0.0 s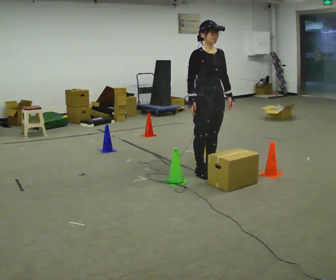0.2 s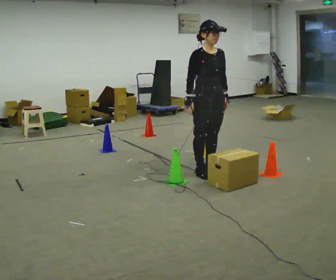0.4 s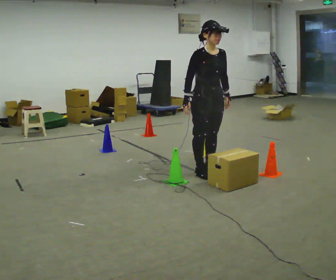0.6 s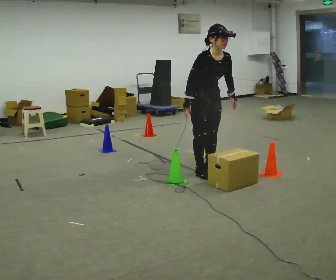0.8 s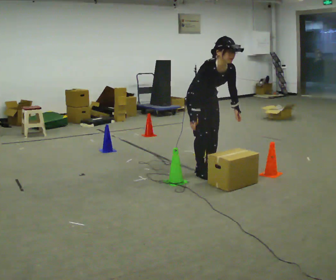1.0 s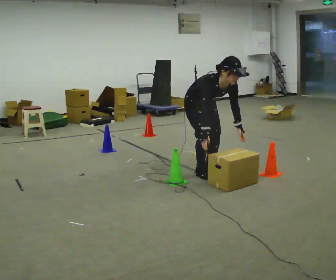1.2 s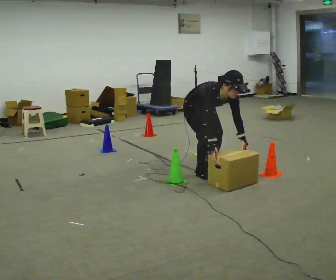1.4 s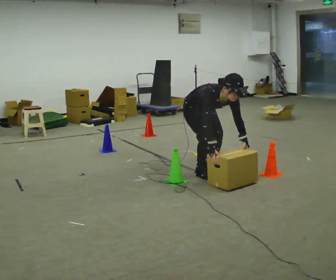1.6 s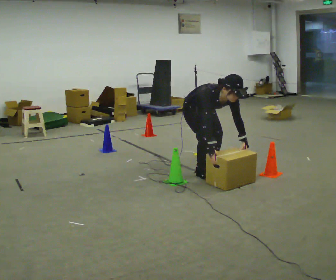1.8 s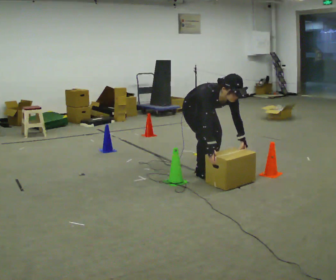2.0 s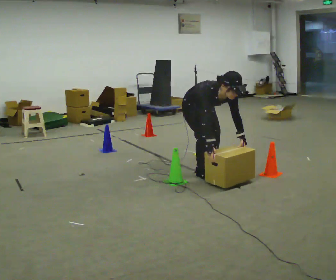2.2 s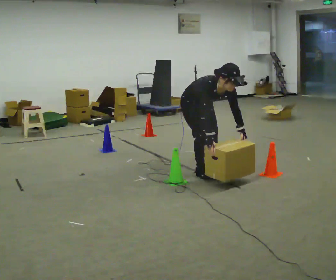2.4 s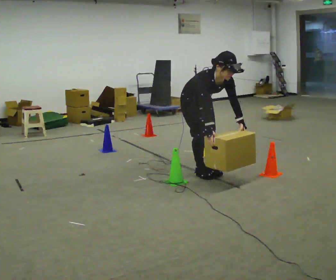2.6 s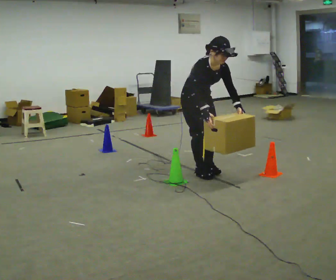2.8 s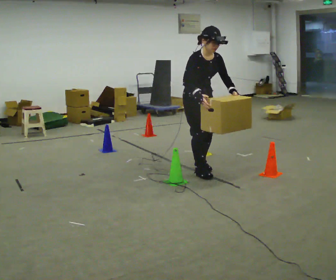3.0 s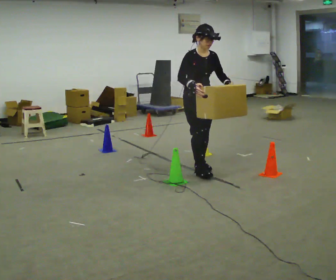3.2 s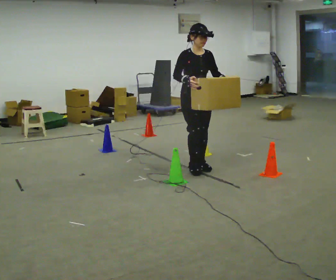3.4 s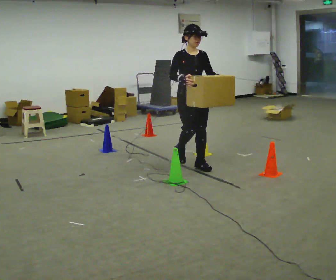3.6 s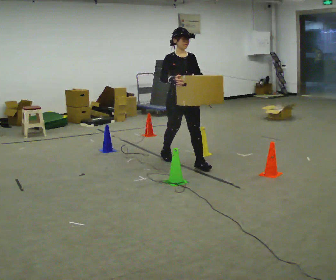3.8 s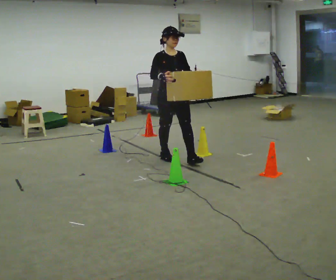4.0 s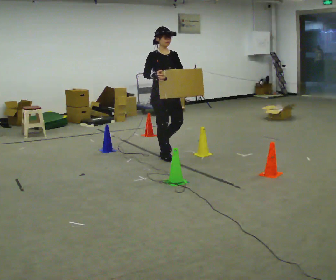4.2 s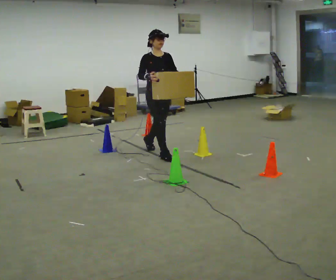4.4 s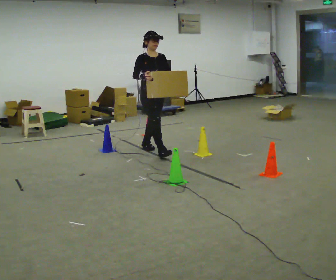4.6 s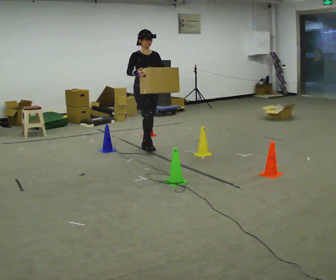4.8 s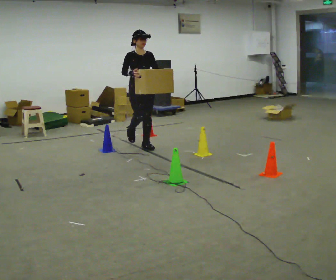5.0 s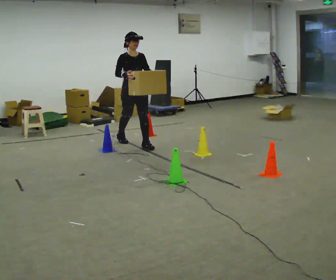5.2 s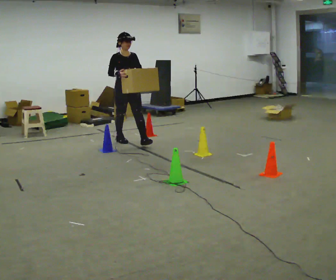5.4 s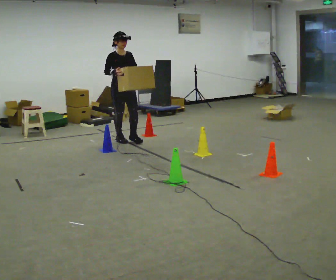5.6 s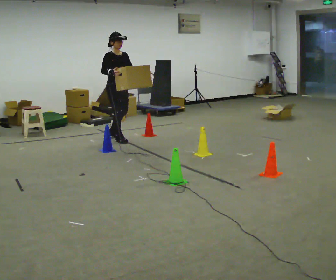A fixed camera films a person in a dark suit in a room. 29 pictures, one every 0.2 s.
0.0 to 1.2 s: The upper body goes downward. The upper body tips toward the camera, its near side rolling downward, as they bend forward. In the picture their right hand goes downward.
1.2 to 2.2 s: The person moves a little, or ends about where they began.
2.2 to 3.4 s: In the picture they go away from the camera, about 0.25 m in 2 steps, which for them is backward. The upper body goes upward. The upper body tips away from the camera, its near side rolling upward, as they lean back or straighten. In the picture their right hand goes upward.
3.4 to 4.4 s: In the picture they go away from the camera and to the left, about 1 m in 2 steps, which for them is backward.
4.4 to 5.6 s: In the picture they go to the left and away from the camera, about 1 m in 1 step, which for them is backward.
The film runs backward here.
